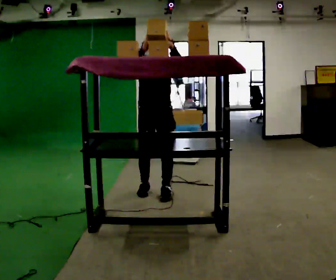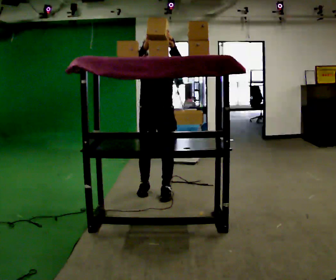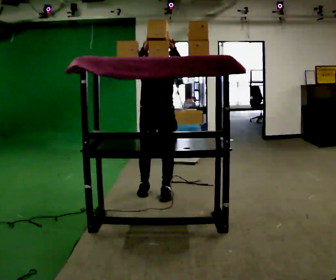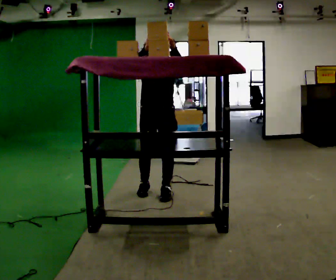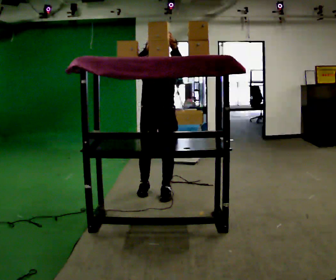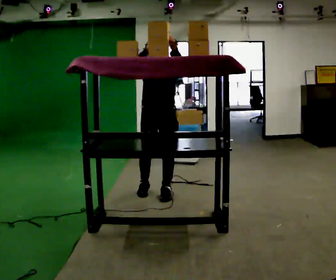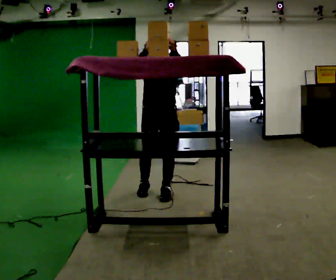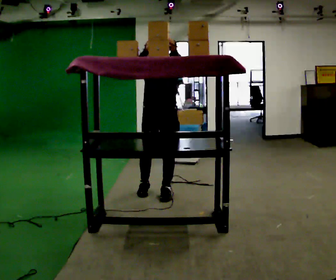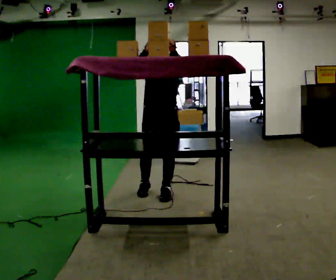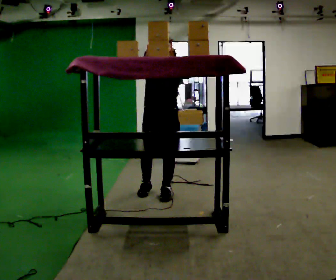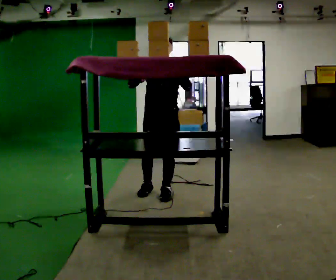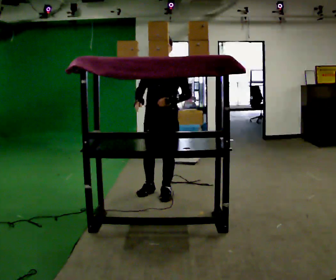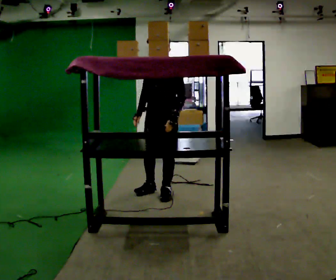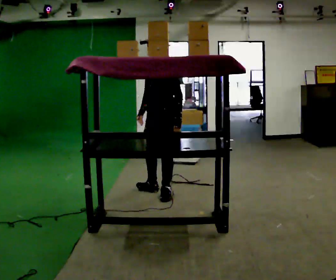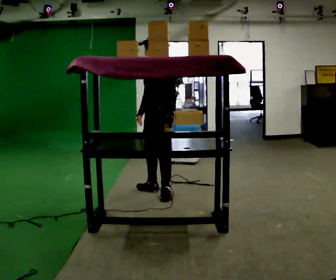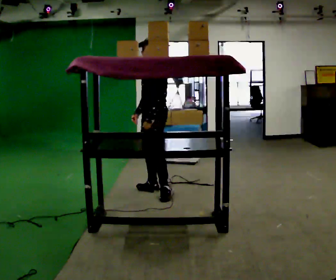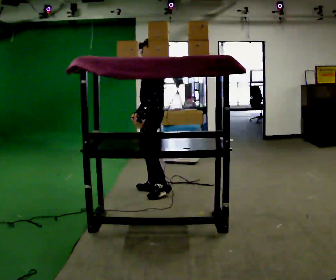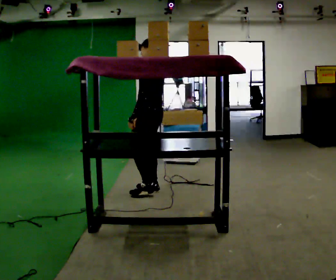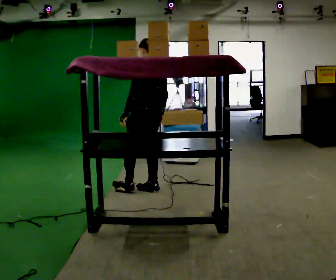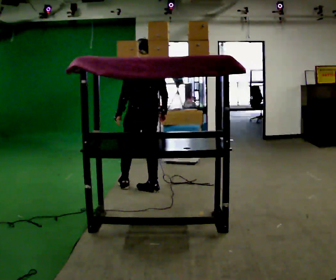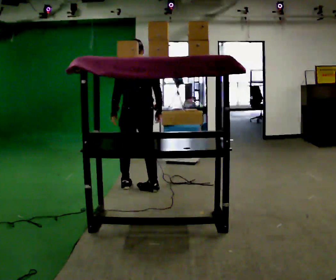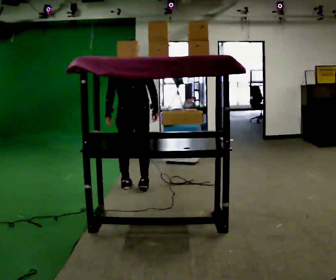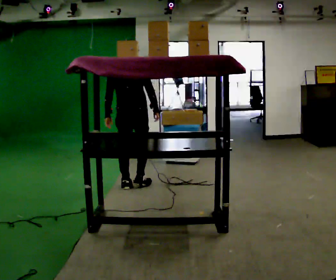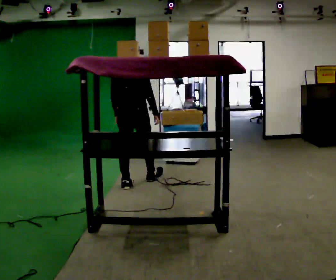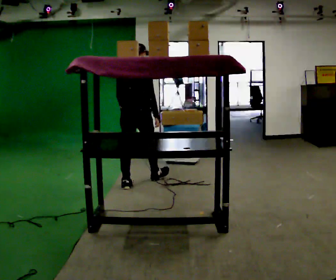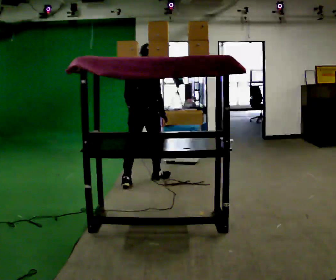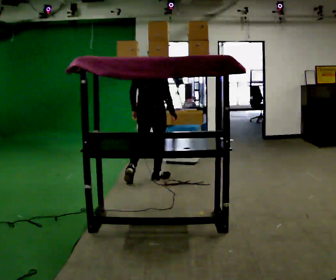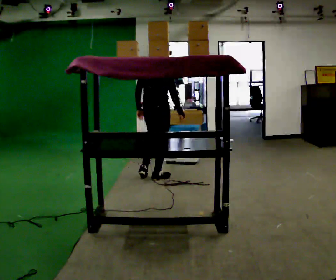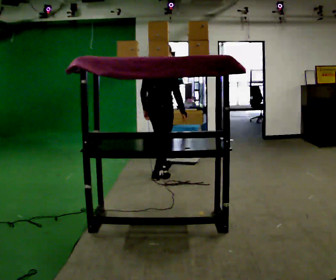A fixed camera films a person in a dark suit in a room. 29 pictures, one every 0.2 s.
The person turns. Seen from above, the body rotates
clockwise.
Their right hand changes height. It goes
downward.
0.0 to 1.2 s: The person moves a little, or ends about where they began.
1.2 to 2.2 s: In the picture their right hand goes downward.
2.2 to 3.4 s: The person turns about 90 degrees to their right, clockwise seen from above, so the part of the body nearest the lens slides to the left. In the picture they go away from the camera, about 0.25 m.
3.4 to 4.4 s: The part of the body nearest the lens slides to the left as the person turns to their right by about 75 degrees. In the picture they go to the left, about 0.25 m in 1 step.
4.4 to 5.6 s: The person turns about 30 degrees to their right, clockwise seen from above, so the part of the body nearest the lens slides to the left. In the picture they go away from the camera and to the right, about 0.5 m in 1 step, which for them is forward.
The film runs forward here.
